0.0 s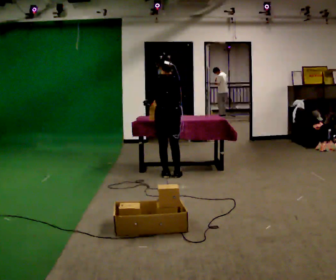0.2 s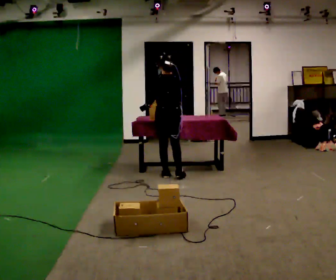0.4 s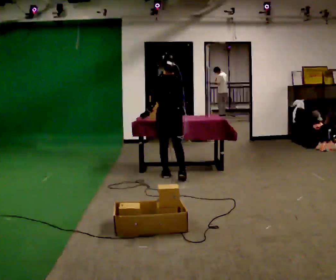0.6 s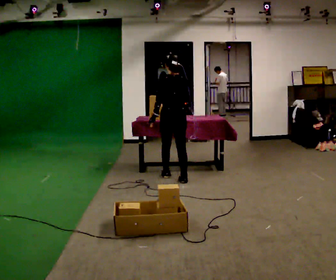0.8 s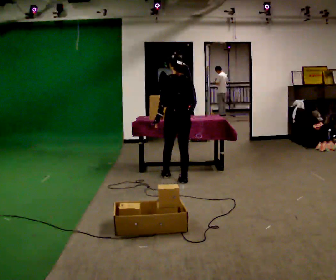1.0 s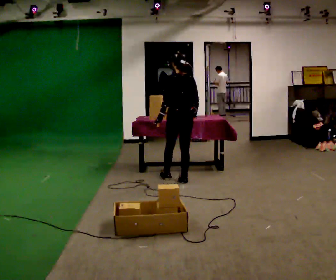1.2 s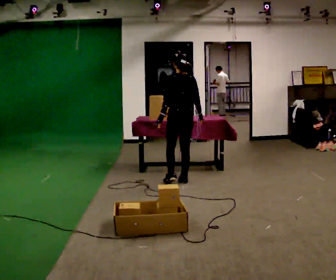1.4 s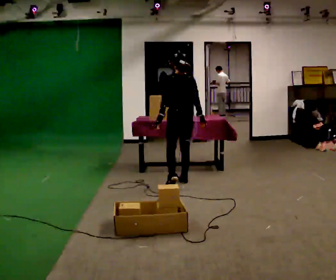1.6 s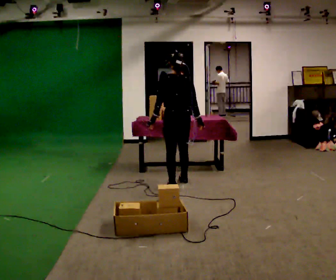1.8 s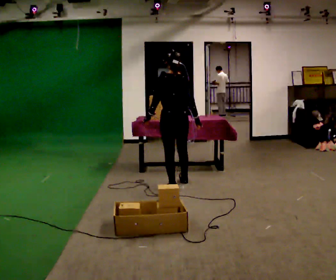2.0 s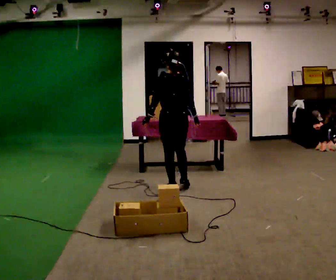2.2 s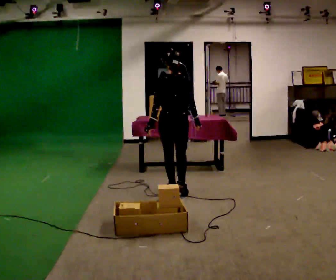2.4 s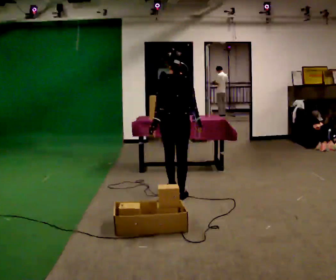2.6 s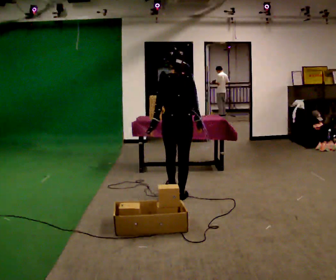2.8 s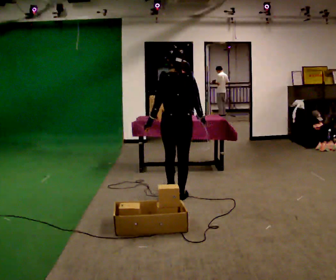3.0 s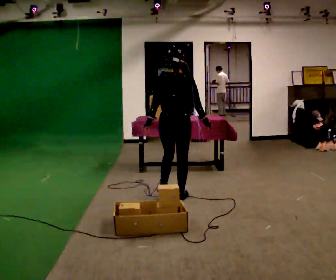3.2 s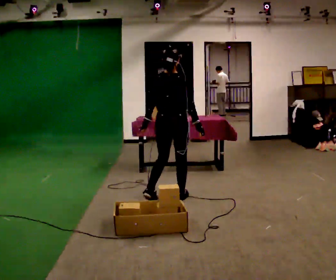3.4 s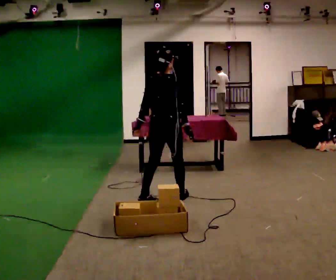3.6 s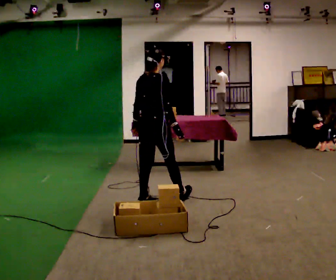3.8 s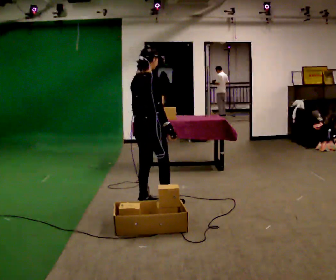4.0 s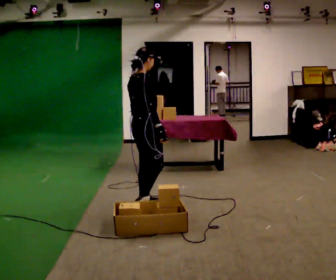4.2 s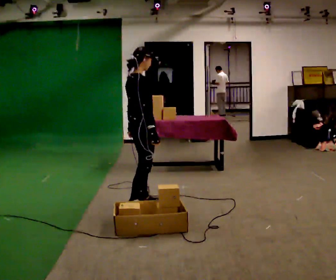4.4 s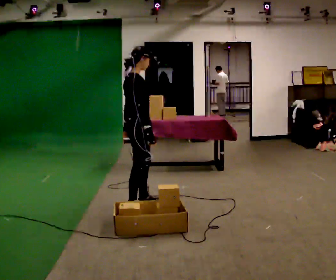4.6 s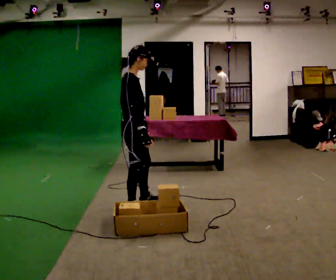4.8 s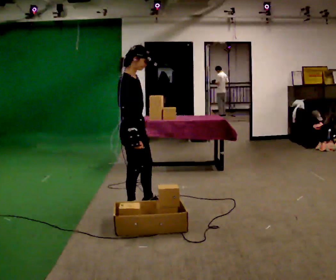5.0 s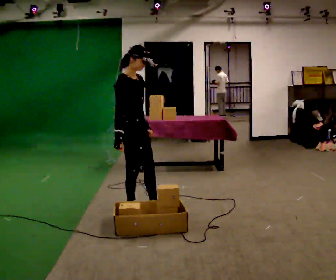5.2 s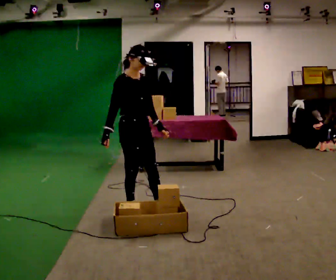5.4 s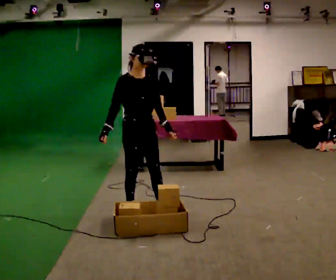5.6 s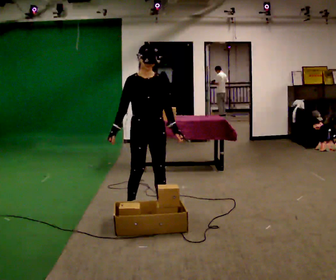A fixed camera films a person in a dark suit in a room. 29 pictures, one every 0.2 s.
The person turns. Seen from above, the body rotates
clockwise.
The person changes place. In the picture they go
toward the camera.
0.0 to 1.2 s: In the picture they go toward the camera and to the right, about 0.25 m in 2 steps, which for them is backward and to their right.
1.2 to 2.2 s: In the picture they go toward the camera, about 0.5 m in 1 step, which for them is backward and to their left.
2.2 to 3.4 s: The part of the body nearest the lens slides to the left as the person turns to their right by about 30 degrees. In the picture they go toward the camera, about 0.5 m in 1 step, which for them is backward.
3.4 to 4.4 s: Seen from above the body turns clockwise, about 60 degrees: to their right, with its near side sliding to the left. In the picture they go to the left and toward the camera, about 0.25 m in 1 step, which for them is backward.
4.4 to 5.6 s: The part of the body nearest the lens slides to the left as the person turns to their right by about 90 degrees. In the picture their right hand goes to the left, the arm swinging clockwise.
The film runs backward here.
